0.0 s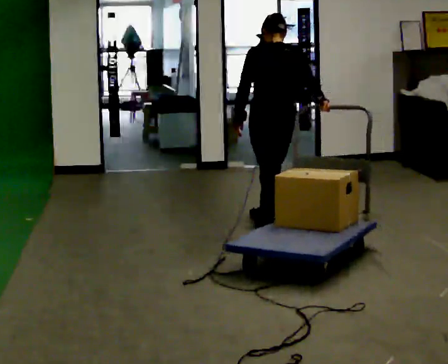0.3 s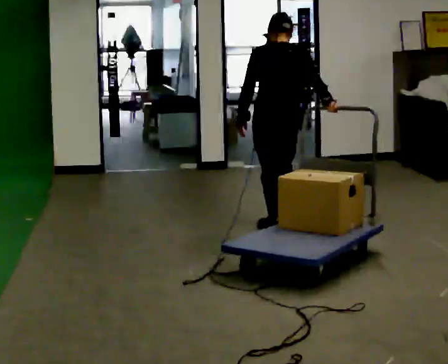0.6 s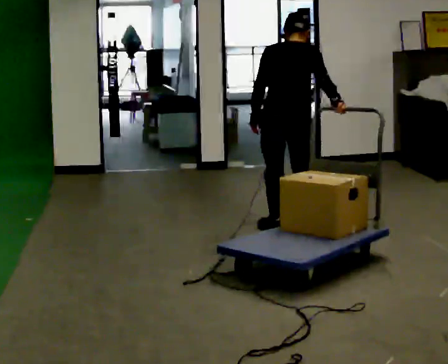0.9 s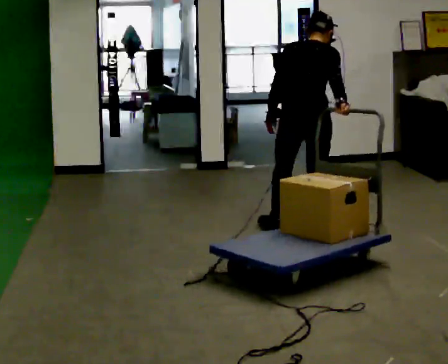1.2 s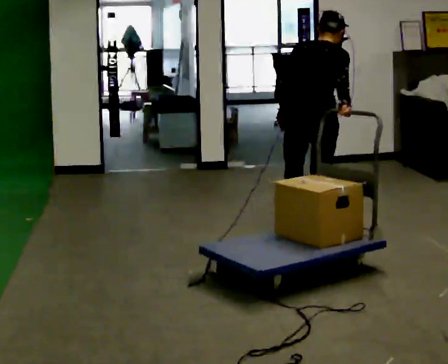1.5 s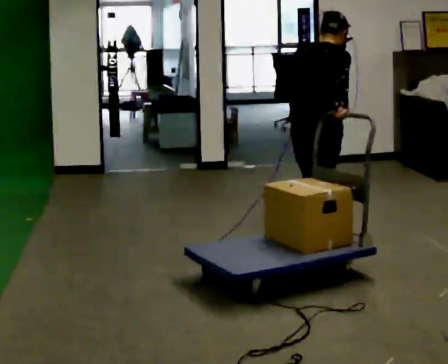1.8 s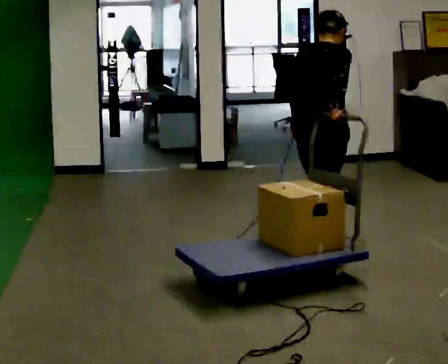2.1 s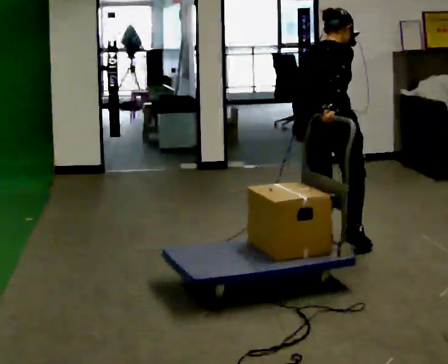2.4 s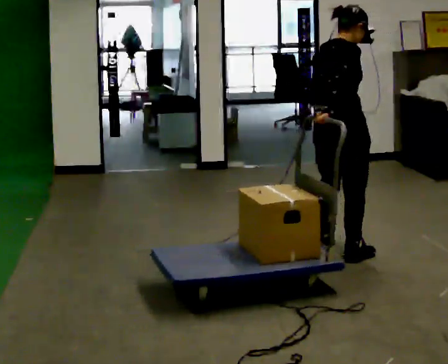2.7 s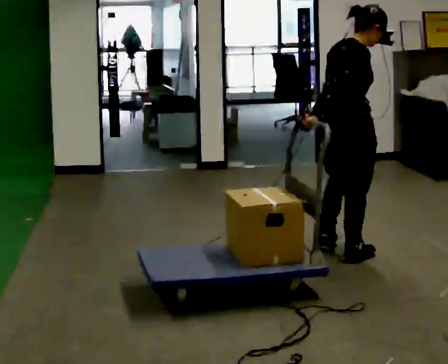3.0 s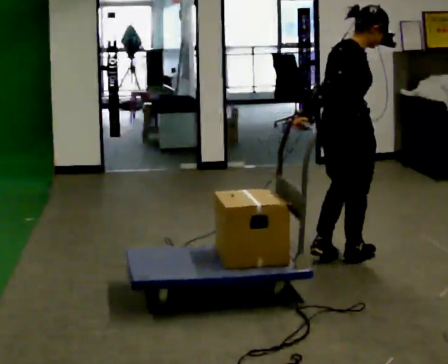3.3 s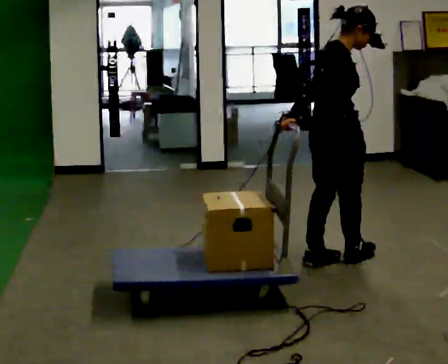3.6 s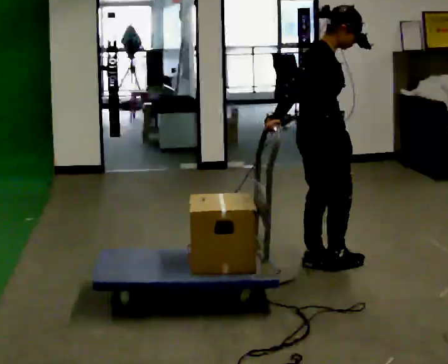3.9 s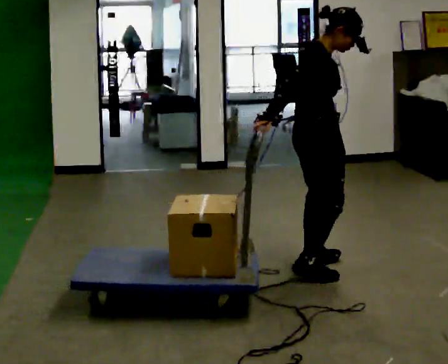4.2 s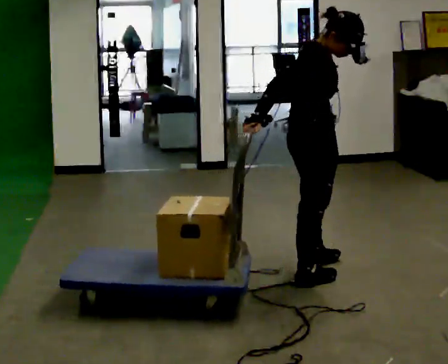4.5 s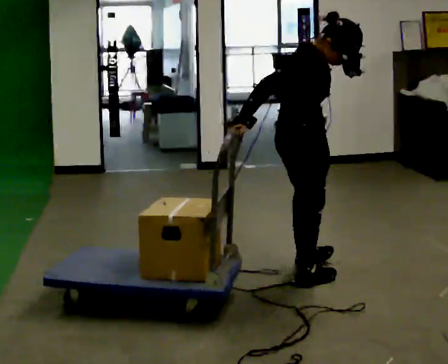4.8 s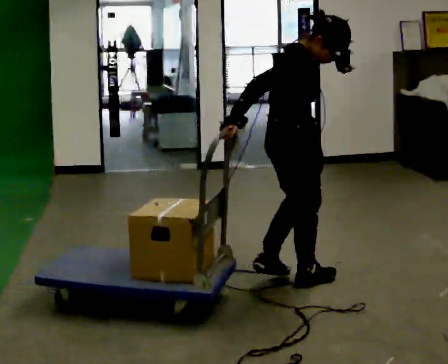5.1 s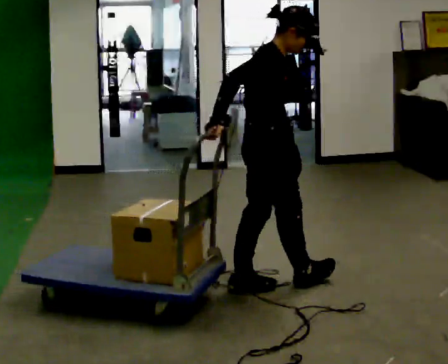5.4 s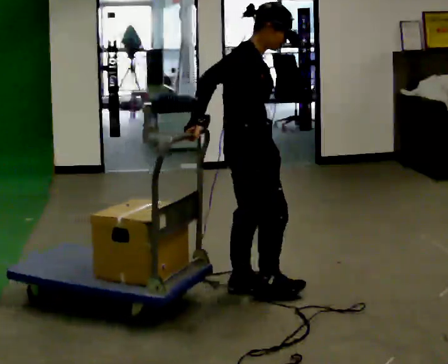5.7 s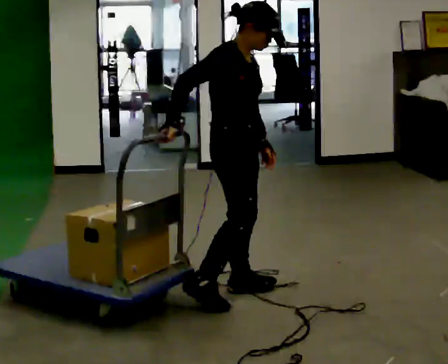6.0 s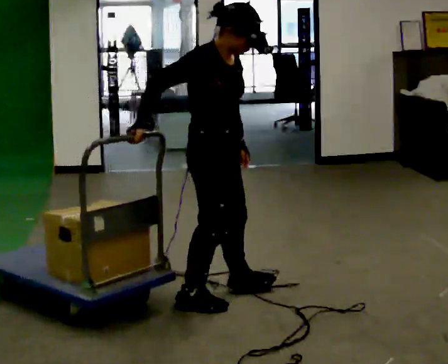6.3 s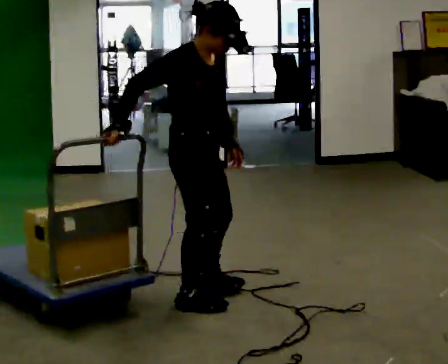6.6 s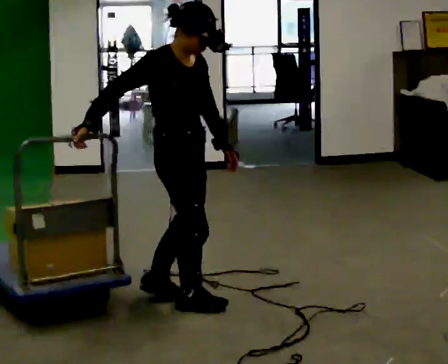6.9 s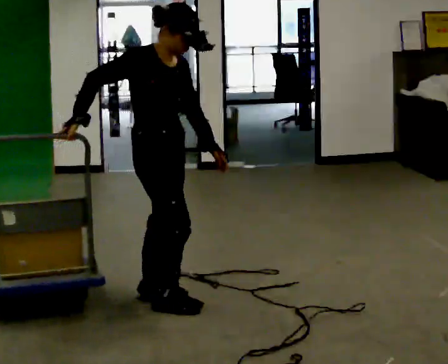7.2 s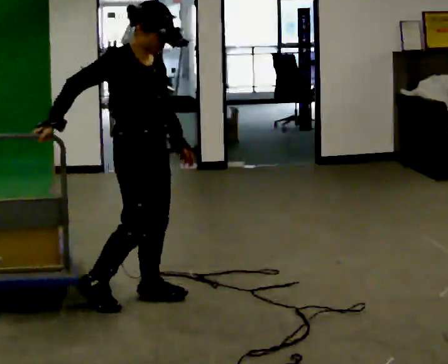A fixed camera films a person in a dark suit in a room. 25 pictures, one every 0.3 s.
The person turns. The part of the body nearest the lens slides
to the left.
The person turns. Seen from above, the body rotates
clockwise.
0.0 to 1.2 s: In the picture they go toward the camera and to the right, about 0.25 m in 2 steps, which for them is backward and to their right.
1.2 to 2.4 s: Seen from above the body turns clockwise, about 45 degrees: to their right, with its near side sliding to the left. In the picture they go toward the camera, about 0.25 m in 1 step, which for them is backward and to their right.
2.4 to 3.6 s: The part of the body nearest the lens slides to the left as the person turns to their right by about 30 degrees. In the picture they go toward the camera, about 0.25 m in 2 steps, which for them is backward and to their right.
3.6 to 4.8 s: In the picture they go toward the camera and to the left, about 0.25 m in 1 step, which for them is to their right and backward.
4.8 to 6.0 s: The person turns about 30 degrees to their right, clockwise seen from above, so the part of the body nearest the lens slides to the left. In the picture they go to the left and toward the camera, about 0.5 m in 1 step, which for them is backward and to their right.
6.0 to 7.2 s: In the picture they go to the left, about 0.25 m in 2 steps, which for them is backward.
The film runs backward here.
